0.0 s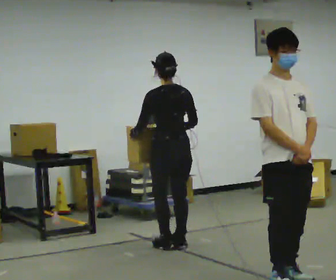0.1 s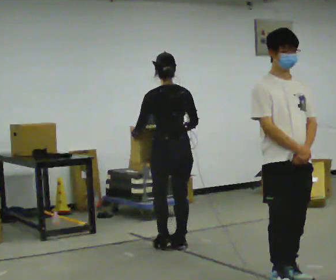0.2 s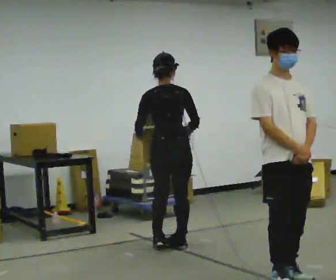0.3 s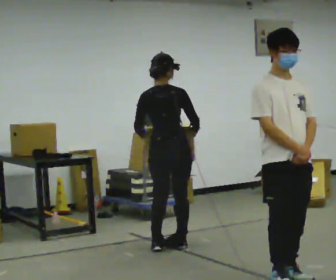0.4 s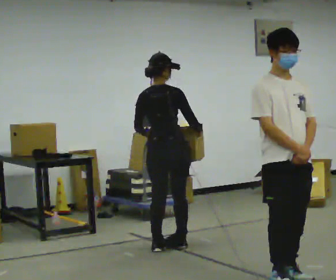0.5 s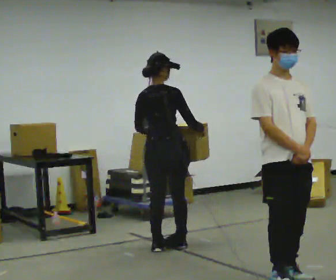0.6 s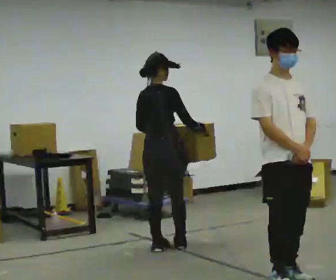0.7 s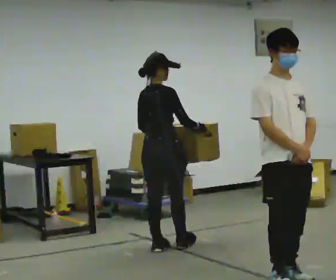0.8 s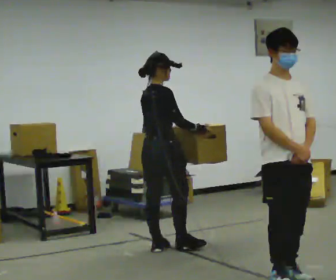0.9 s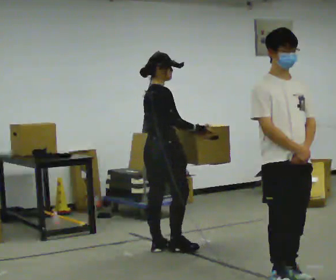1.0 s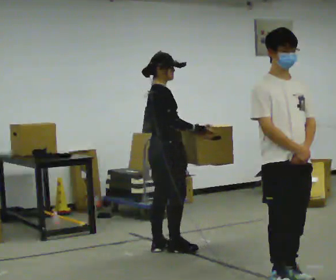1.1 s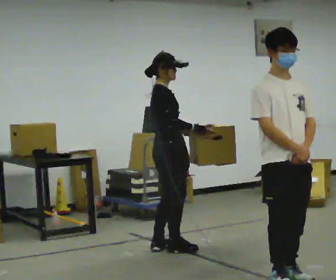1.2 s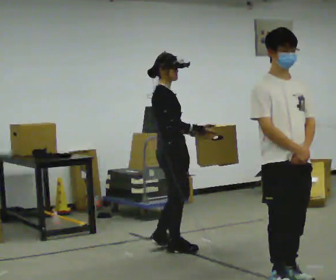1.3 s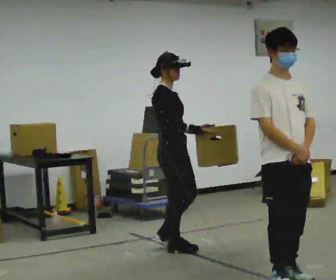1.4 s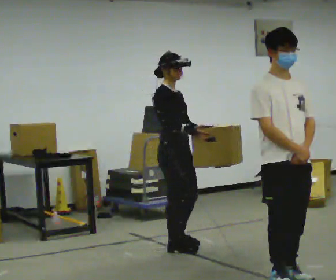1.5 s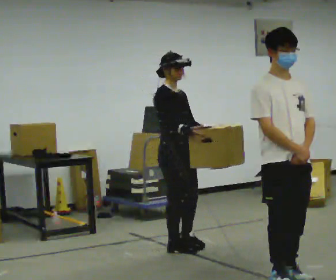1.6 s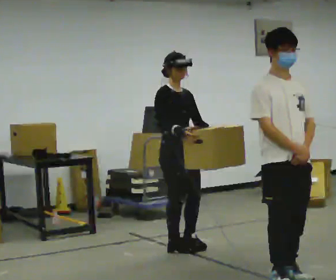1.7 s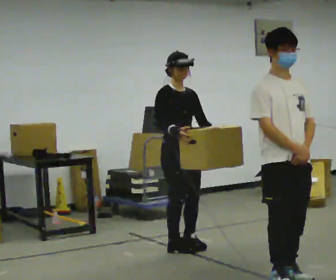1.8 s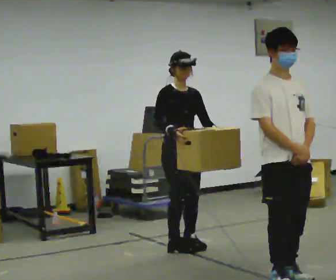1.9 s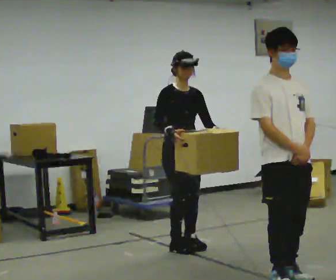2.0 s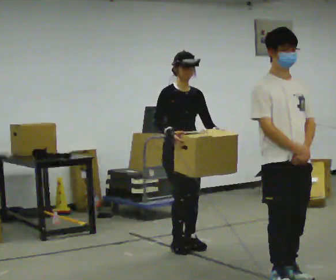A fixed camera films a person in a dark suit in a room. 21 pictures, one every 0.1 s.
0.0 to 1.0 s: The person turns about 90 degrees to their right, clockwise seen from above, so the part of the body nearest the lens slides to the left.
1.0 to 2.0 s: The person turns about 75 degrees to their right, clockwise seen from above, so the part of the body nearest the lens slides to the left. In the picture they go to the right, about 0.25 m in 1 step.
The film runs forward here.
